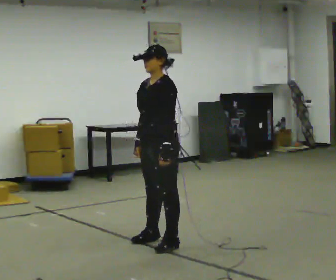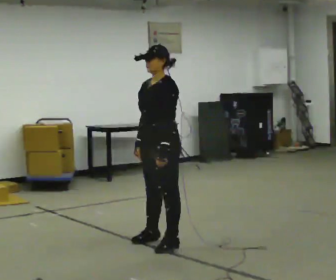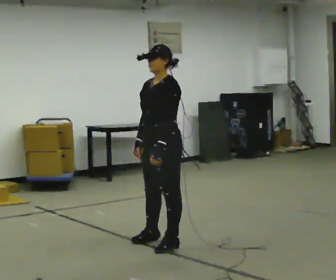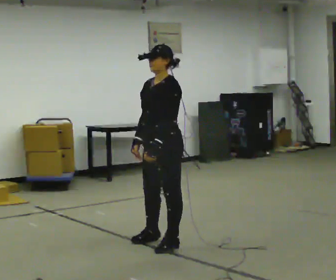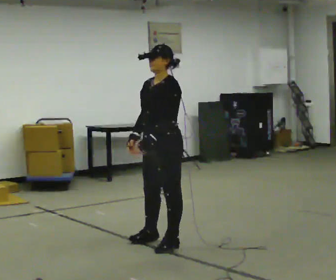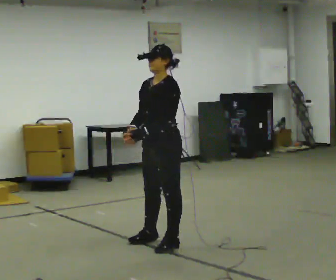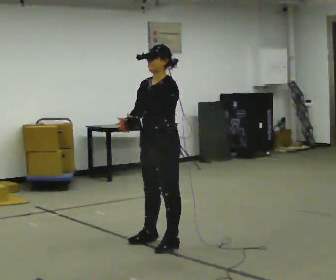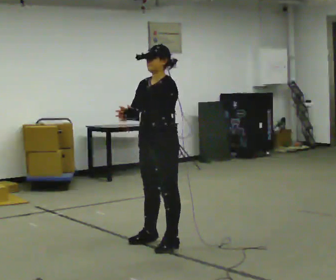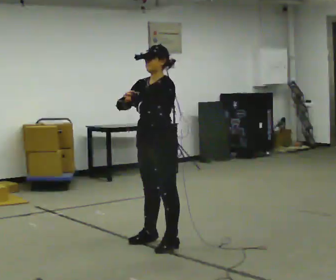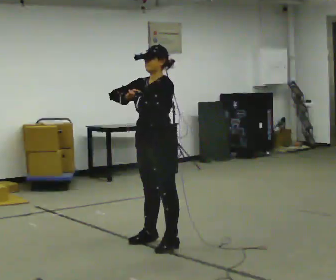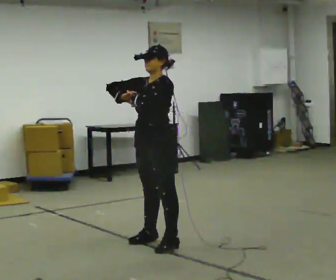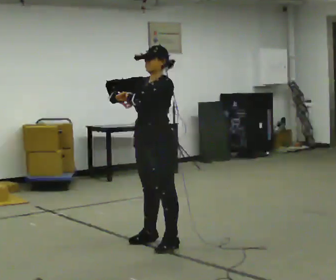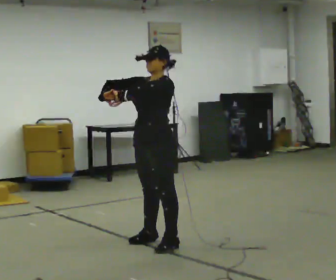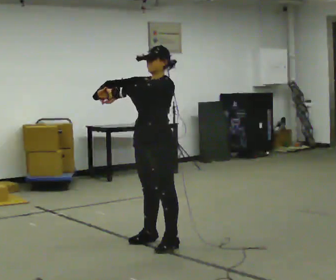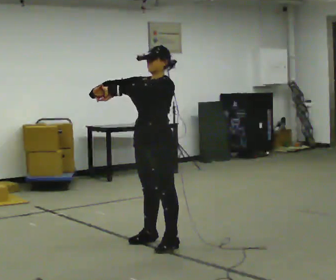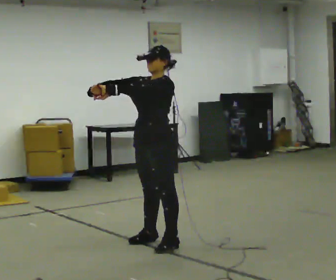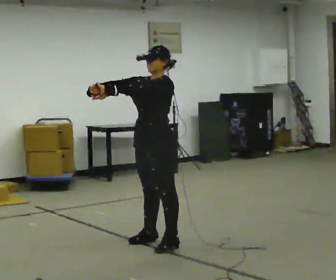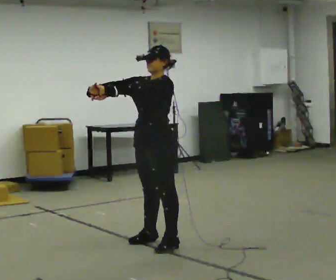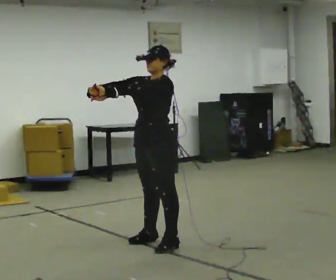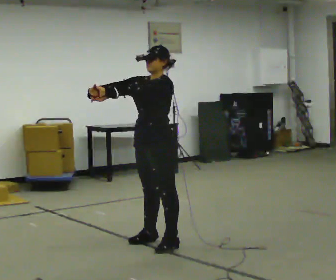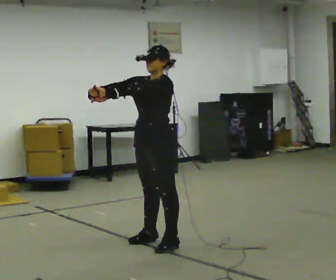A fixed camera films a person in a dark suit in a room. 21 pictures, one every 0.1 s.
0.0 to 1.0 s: In the picture their right hand goes upward.
1.0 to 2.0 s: The person moves a little, or ends about where they began.
The film runs forward here.
